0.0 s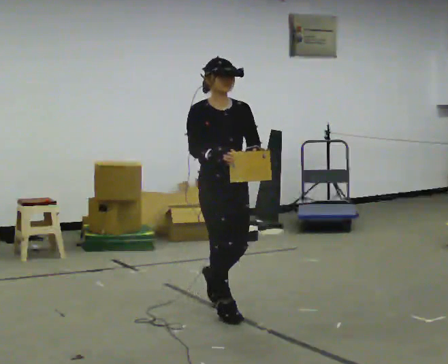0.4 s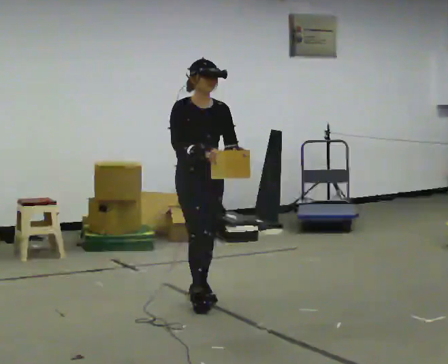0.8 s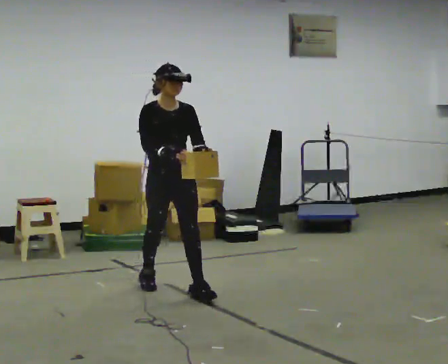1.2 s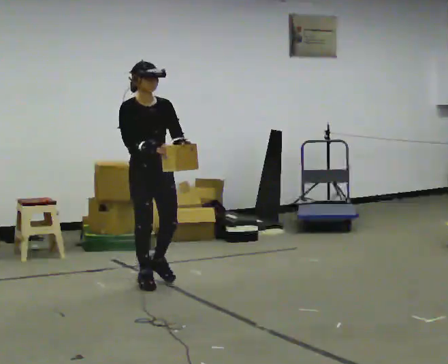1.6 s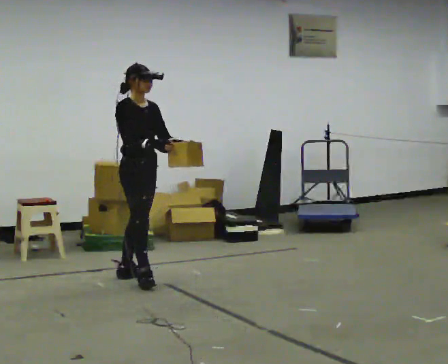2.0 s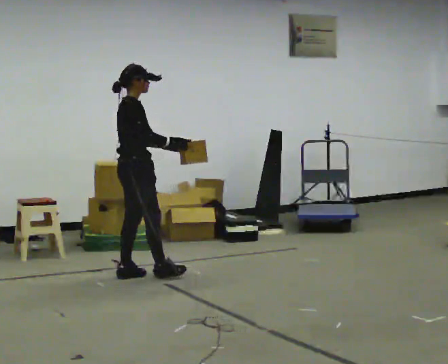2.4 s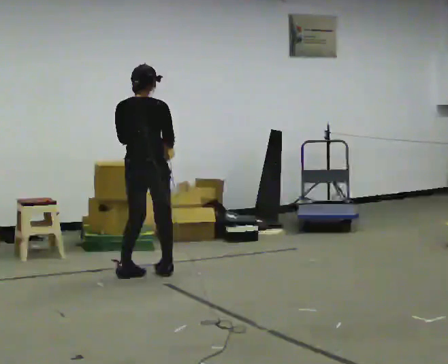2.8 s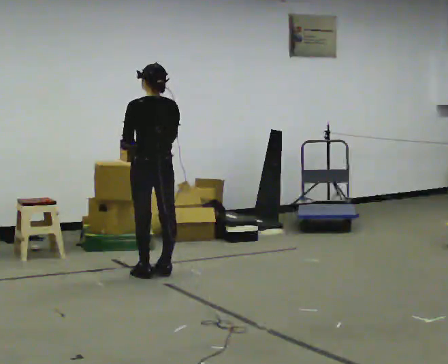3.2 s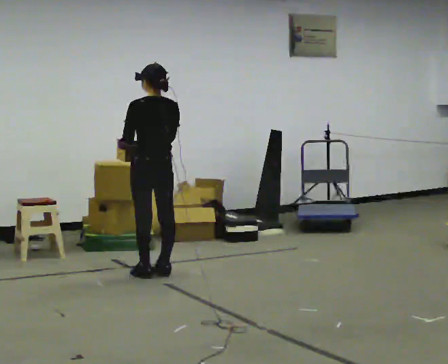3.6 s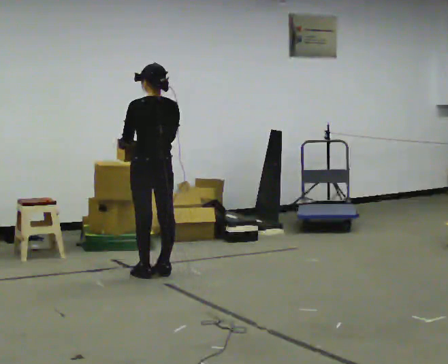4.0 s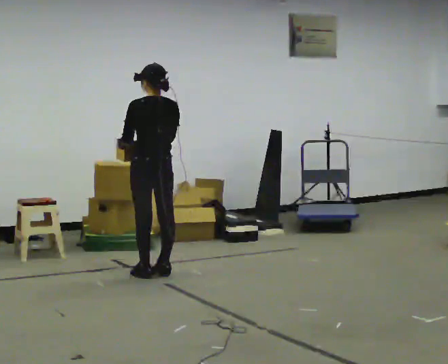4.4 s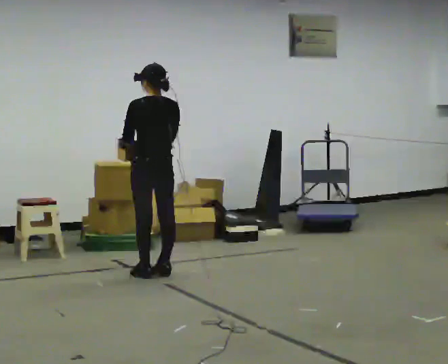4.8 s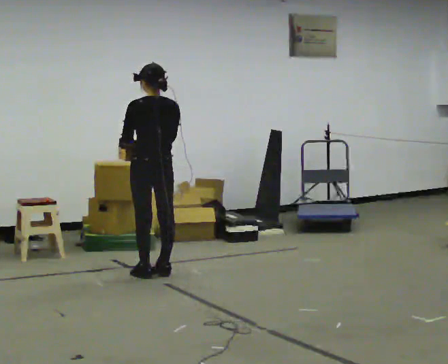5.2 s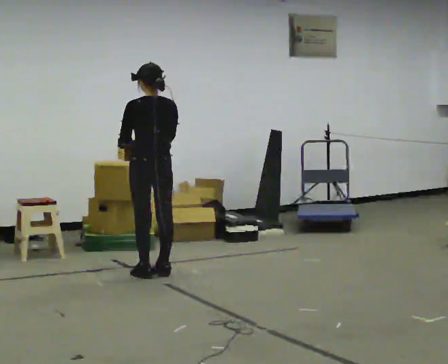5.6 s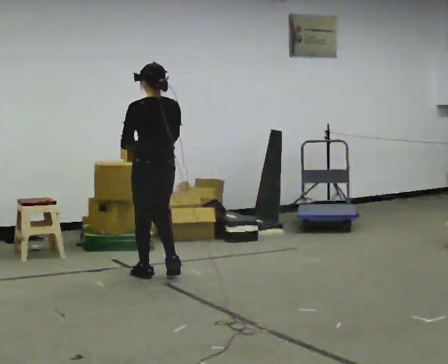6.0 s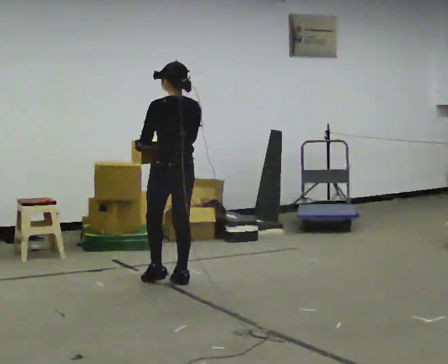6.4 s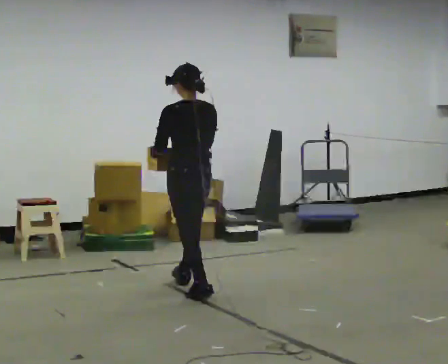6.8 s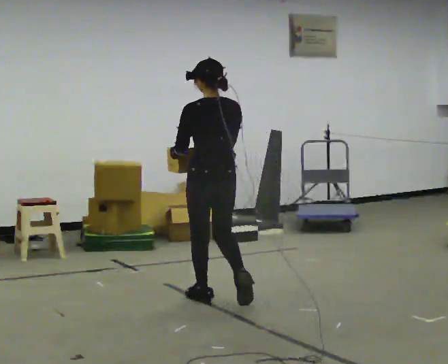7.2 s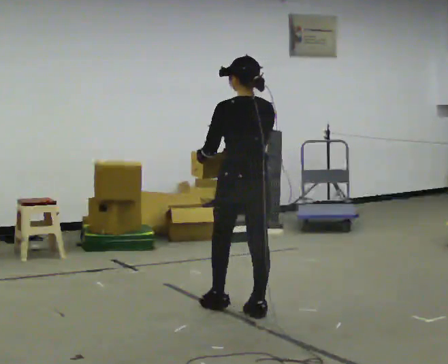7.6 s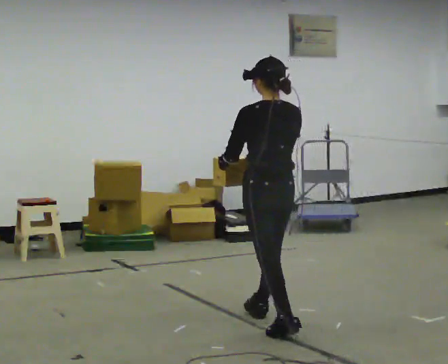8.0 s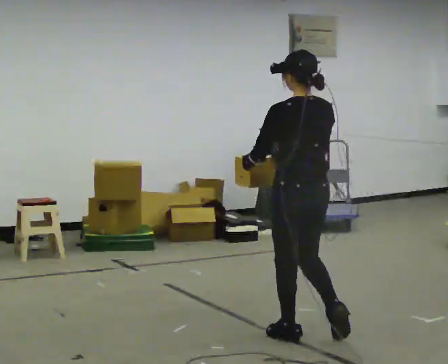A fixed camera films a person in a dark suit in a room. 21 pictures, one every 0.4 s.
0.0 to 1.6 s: The person turns about 30 degrees to their left, counterclockwise seen from above, so the part of the body nearest the lens slides to the right. In the picture they go away from the camera and to the left, about 1 m in 2 steps, which for them is backward.
1.6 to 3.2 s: The person turns about 150 degrees to their left, counterclockwise seen from above, so the part of the body nearest the lens slides to the right. In the picture they go away from the camera, about 0.25 m in 2 steps.
3.2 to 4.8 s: The person keeps their place and pose.
4.8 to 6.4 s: In the picture they go toward the camera and to the right, about 0.5 m in 3 steps, which for them is backward.
6.4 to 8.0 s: In the picture they go toward the camera and to the right, about 1.5 m in 2 steps, which for them is backward.
The film runs backward here.
